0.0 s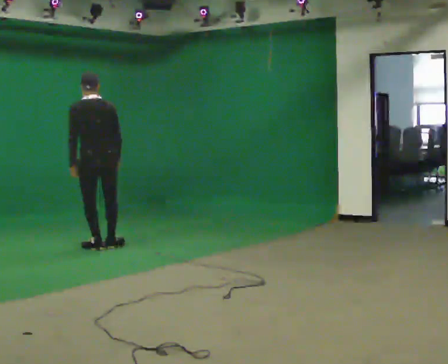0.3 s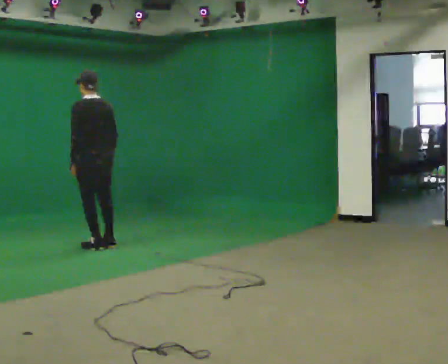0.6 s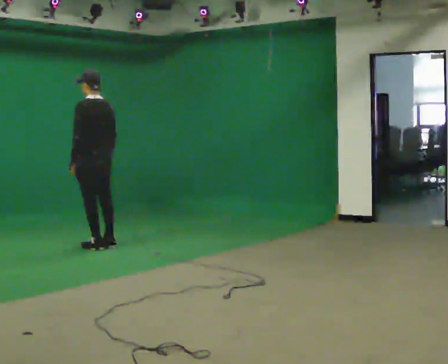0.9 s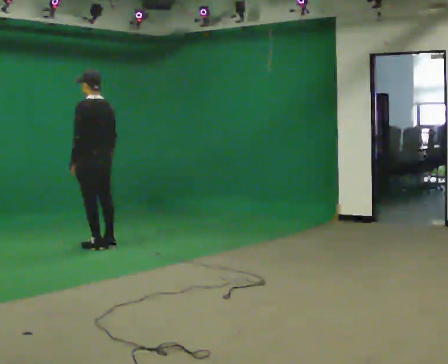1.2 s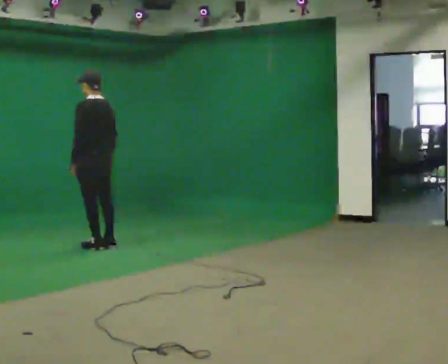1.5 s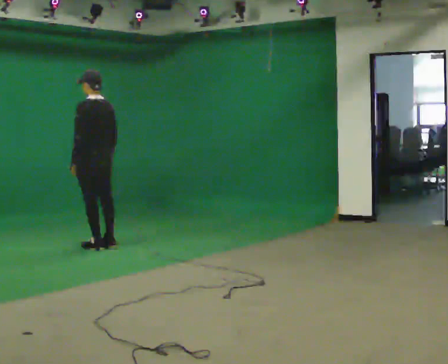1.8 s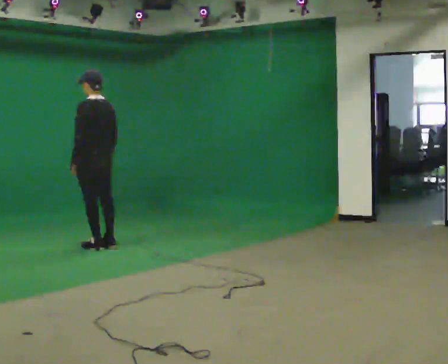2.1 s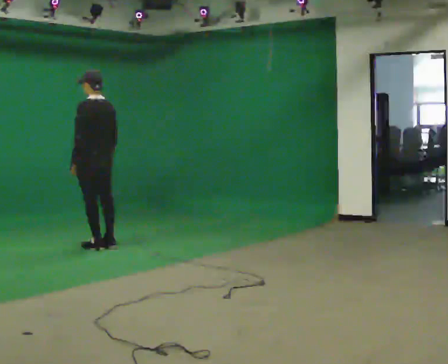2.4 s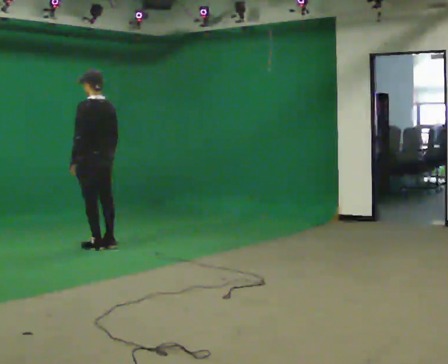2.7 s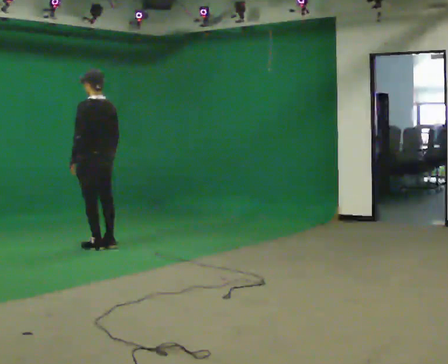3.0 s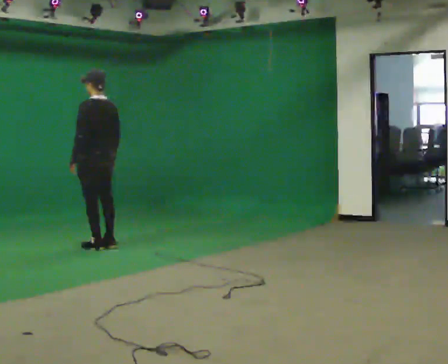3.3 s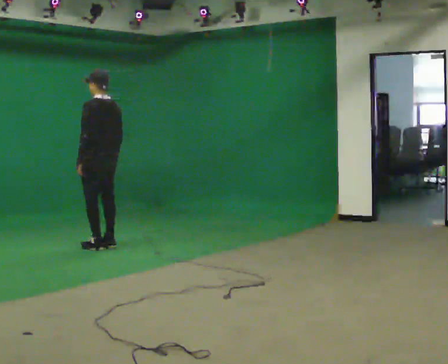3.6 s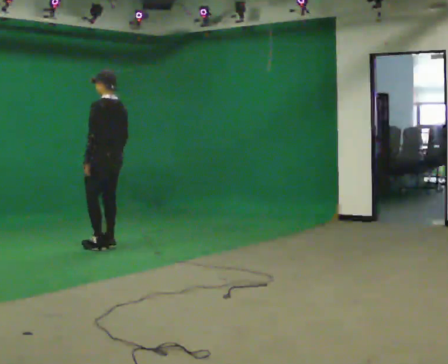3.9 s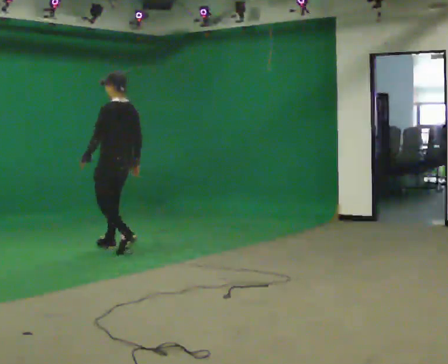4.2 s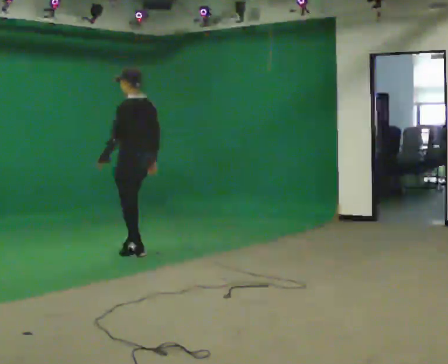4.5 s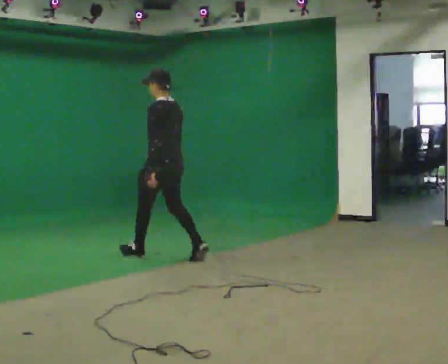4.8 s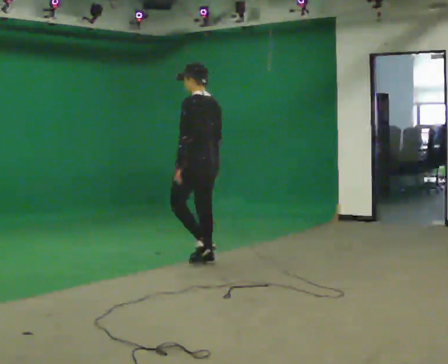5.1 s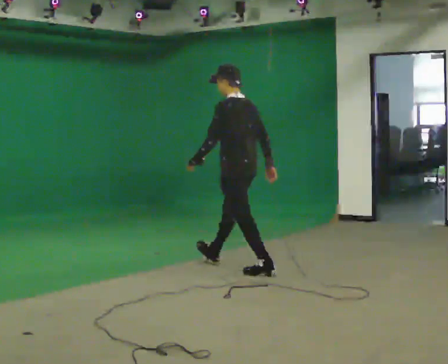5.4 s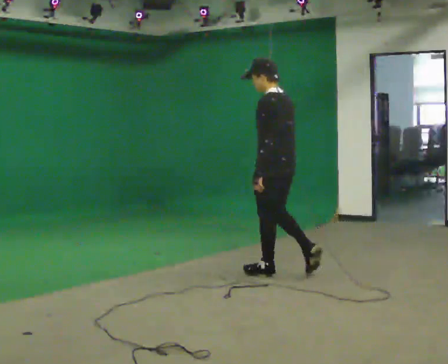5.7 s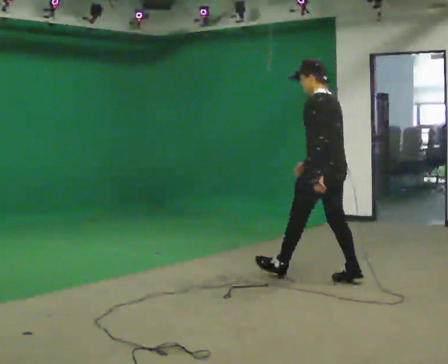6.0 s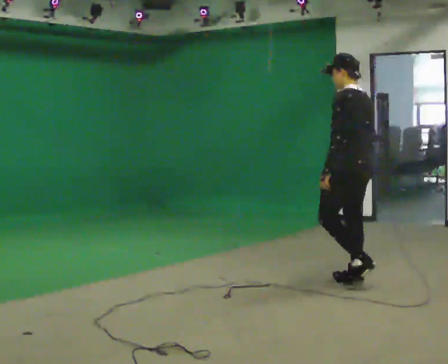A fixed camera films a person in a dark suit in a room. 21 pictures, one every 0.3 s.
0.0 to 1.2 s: The part of the body nearest the lens slides to the right as the person turns to their left by about 45 degrees.
1.2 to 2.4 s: The person keeps their place and pose.
2.4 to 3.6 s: The person moves a little, or ends about where they began.
3.6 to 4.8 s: In the picture they go toward the camera and to the right, about 1 m in 2 steps, which for them is backward.
4.8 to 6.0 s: In the picture they go toward the camera and to the right, about 1.5 m in 2 steps, which for them is backward.
The film runs backward here.
